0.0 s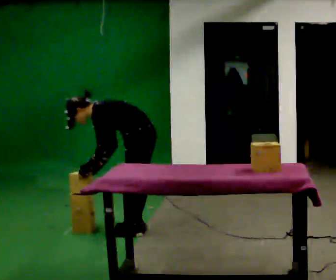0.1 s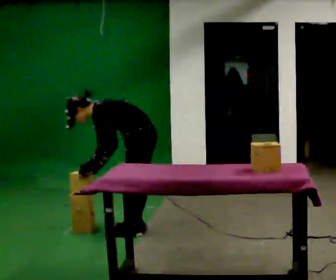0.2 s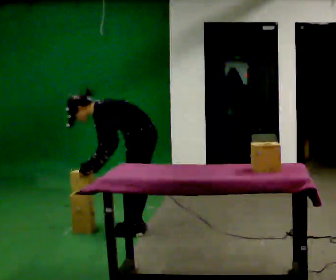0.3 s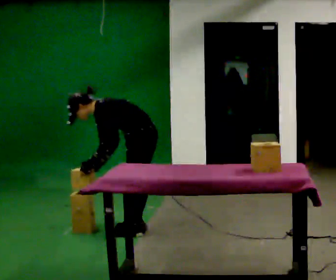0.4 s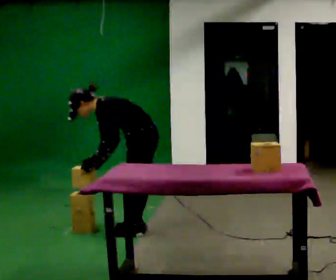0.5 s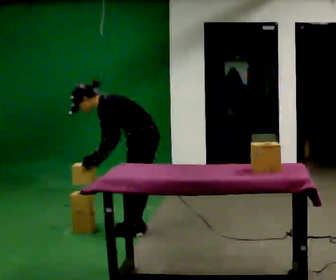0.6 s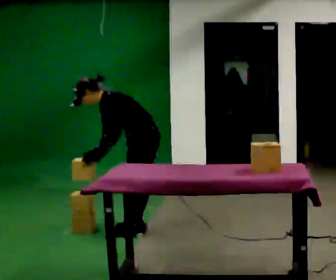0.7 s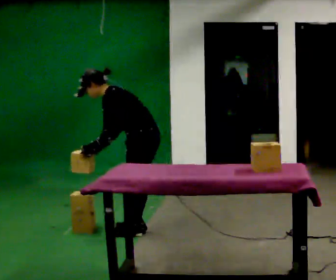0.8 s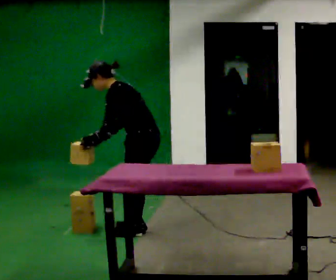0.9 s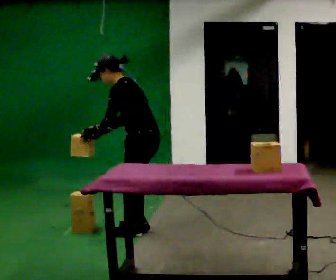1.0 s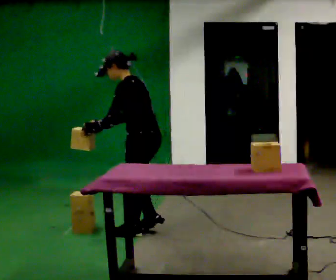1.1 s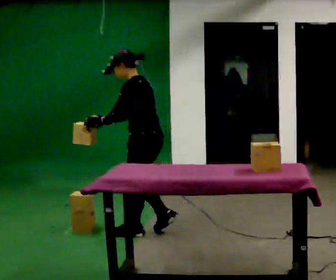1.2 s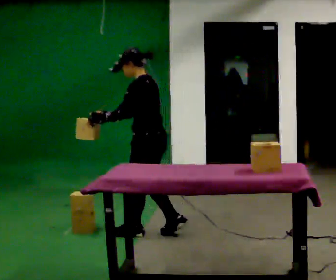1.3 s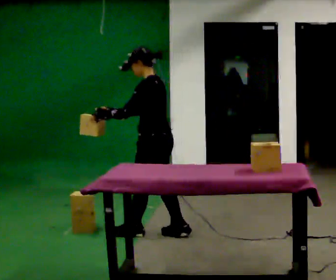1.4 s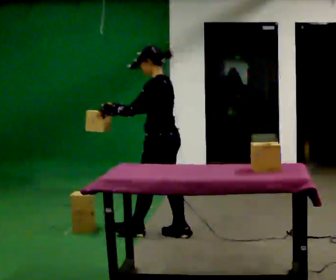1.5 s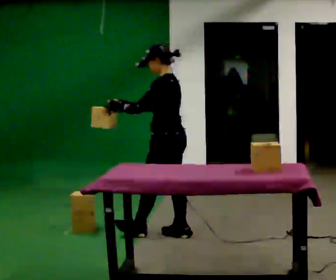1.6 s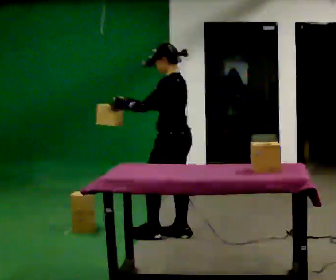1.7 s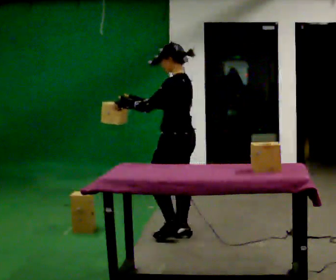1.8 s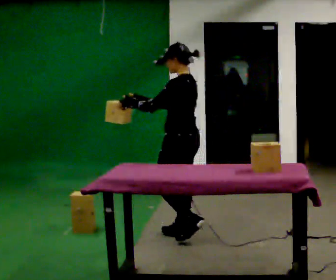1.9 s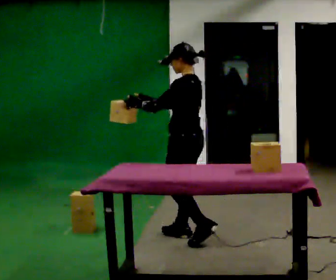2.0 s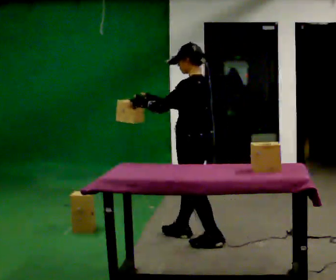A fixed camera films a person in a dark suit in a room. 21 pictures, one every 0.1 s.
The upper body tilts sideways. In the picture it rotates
clockwise.
Their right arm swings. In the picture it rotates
clockwise.
0.0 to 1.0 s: The shoulders move upward. In the picture the upper body tilts clockwise, shoulders to the right, as they lean back or straighten. In the picture their right hand goes upward.
1.0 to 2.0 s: In the picture they go to the right and toward the camera, about 0.5 m in 1 step, which for them is backward. In the picture the upper body tilts clockwise, shoulders to the right, as they lean back or straighten.
The film runs backward here.
